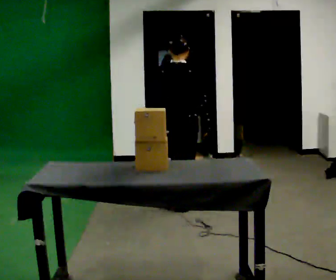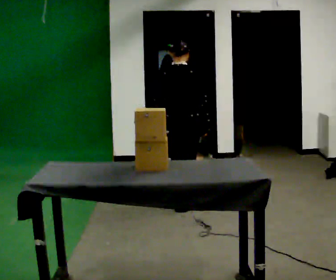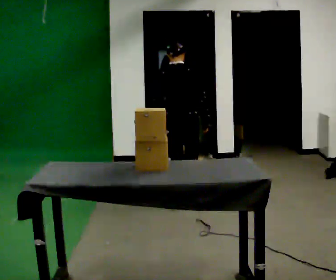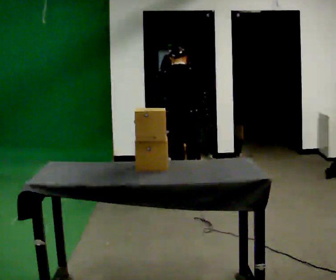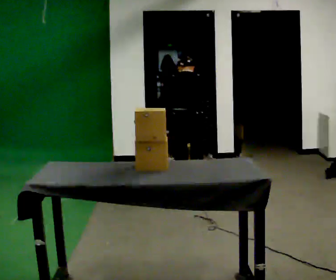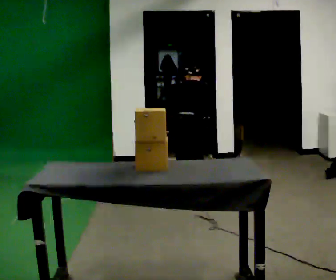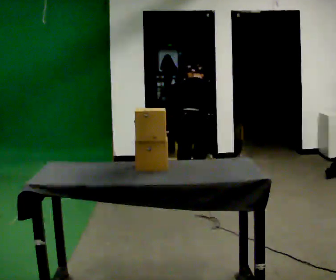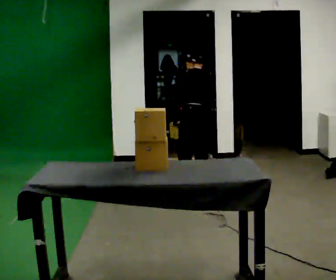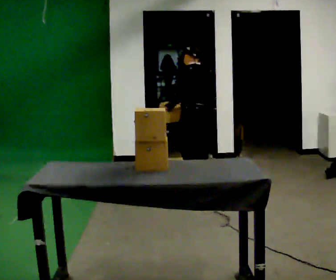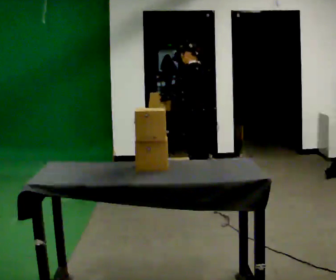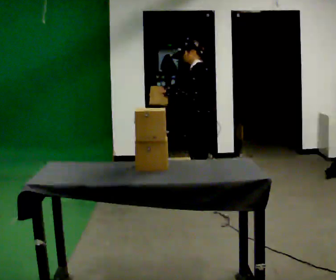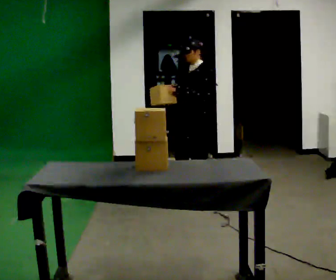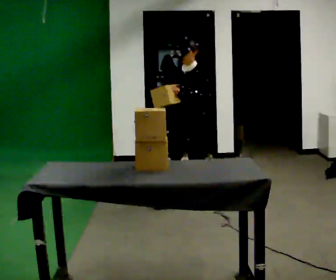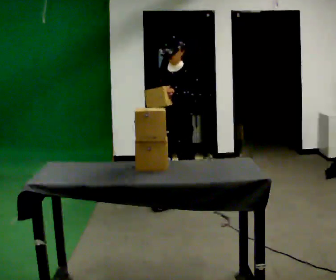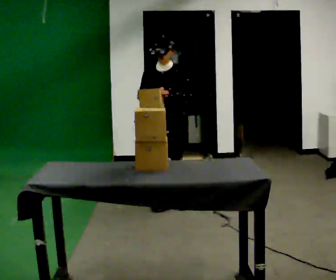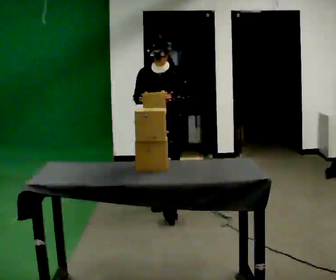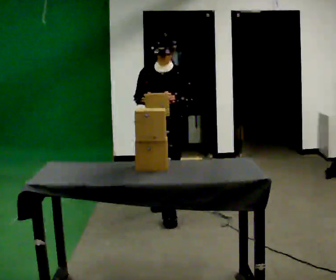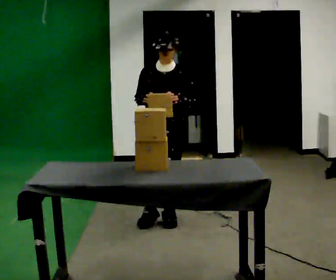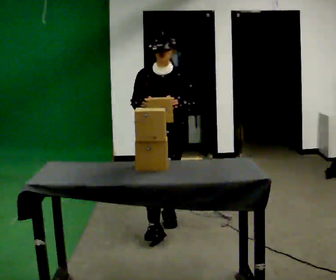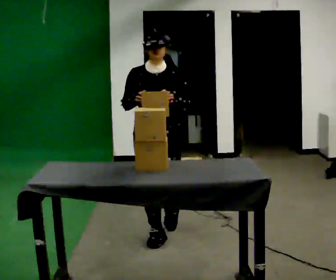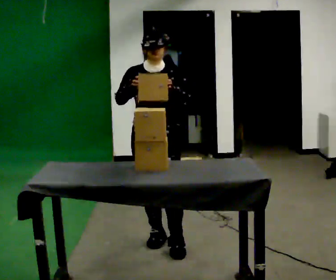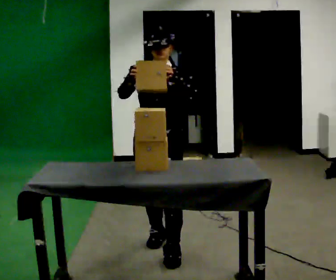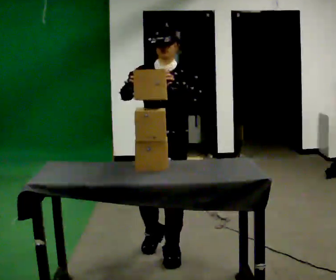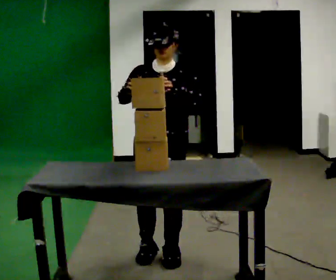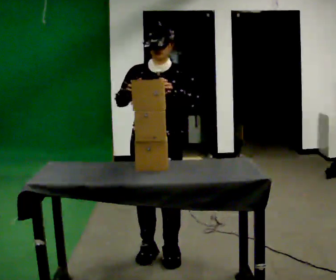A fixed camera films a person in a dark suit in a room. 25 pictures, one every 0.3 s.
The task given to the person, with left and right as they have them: Take objects out of the bin one at a time and lay them out on the table, stepping between the bin and the table each time. Keep going until the operator says stop; one object at a time, and do not rush between trips.
0.0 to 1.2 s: In the picture they go away from the camera, about 0.5 m in 2 steps, which for them is forward. The upper body tips away from the camera, its near side rolling upward, as they bend forward.
1.2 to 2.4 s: The person turns about 45 degrees to their left, counterclockwise seen from above, so the part of the body nearest the lens slides to the right.
2.4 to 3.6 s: The person turns about 105 degrees to their left, counterclockwise seen from above, so the part of the body nearest the lens slides to the right. In the picture they go toward the camera and to the left, about 0.25 m in 1 step. The upper body tips toward the camera, its near side rolling downward, as they lean back or straighten.
3.6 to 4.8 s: The part of the body nearest the lens slides to the right as the person turns to their left by about 30 degrees. In the picture they go toward the camera and to the left, about 0.5 m in 2 steps, which for them is forward.
4.8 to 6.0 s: In the picture they go toward the camera, about 0.75 m in 1 step, which for them is forward.
6.0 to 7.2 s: In the picture they go toward the camera, about 0.25 m in 2 steps, which for them is forward.
The film runs forward here.
